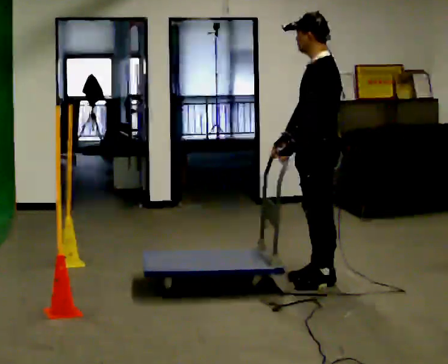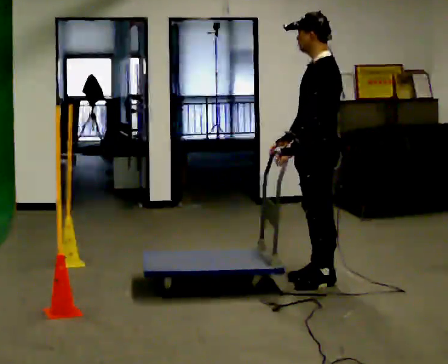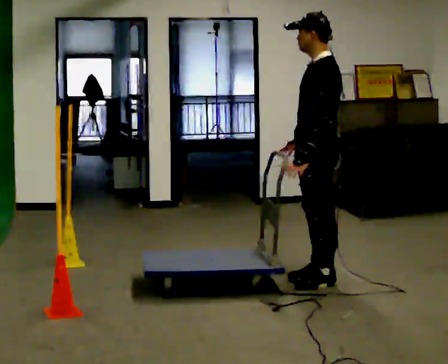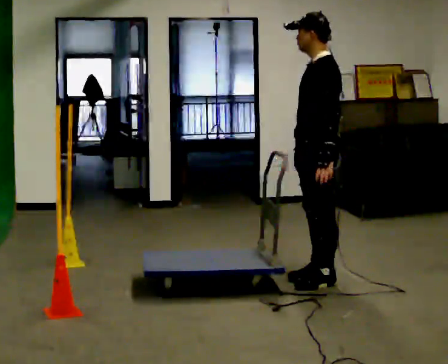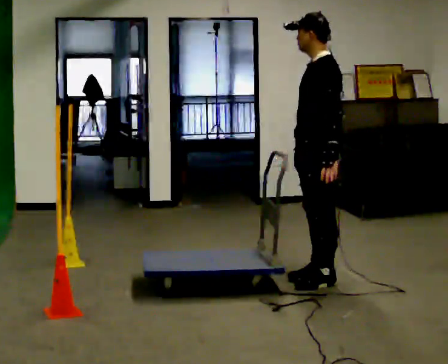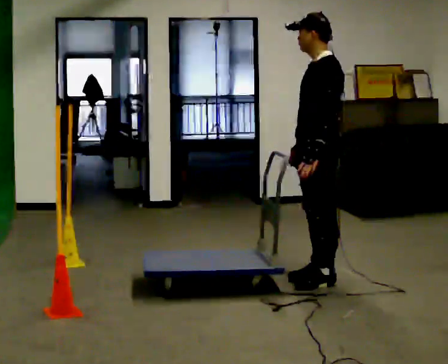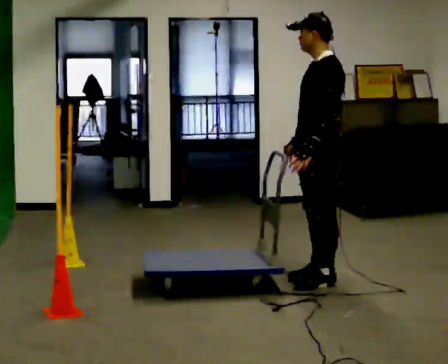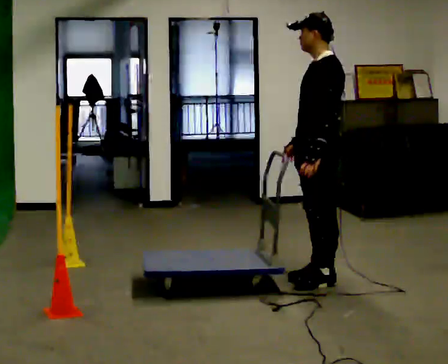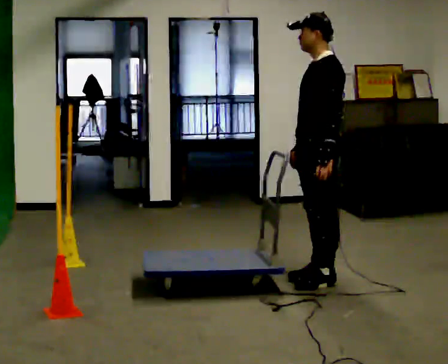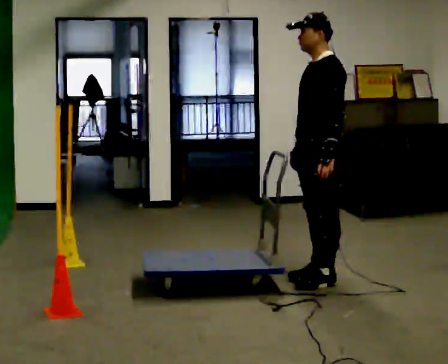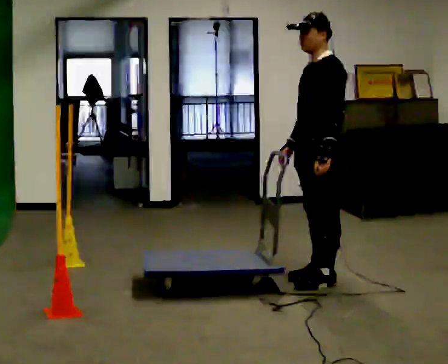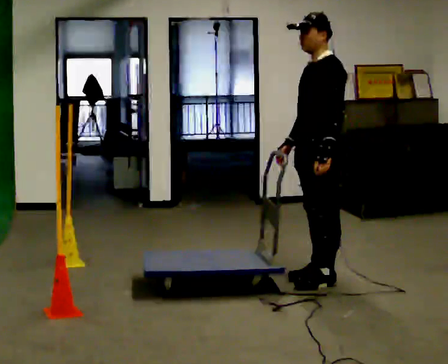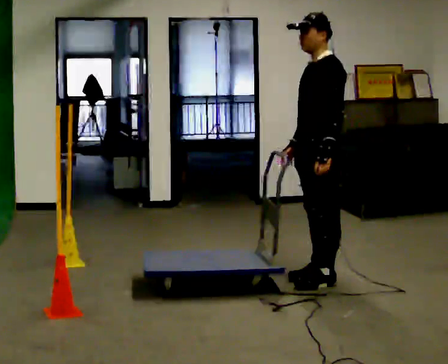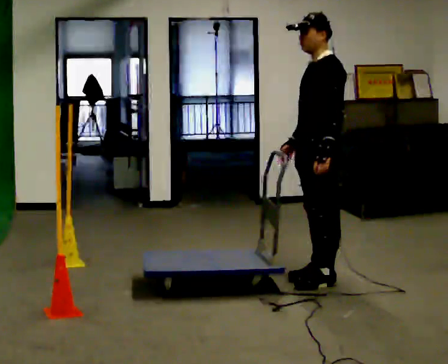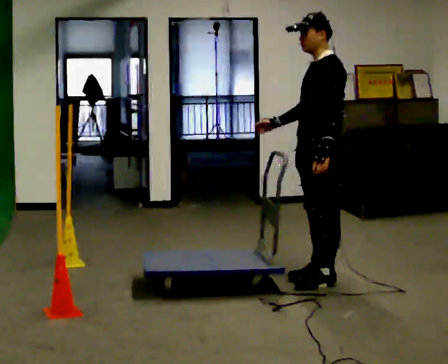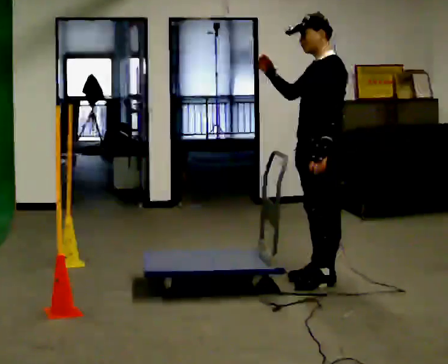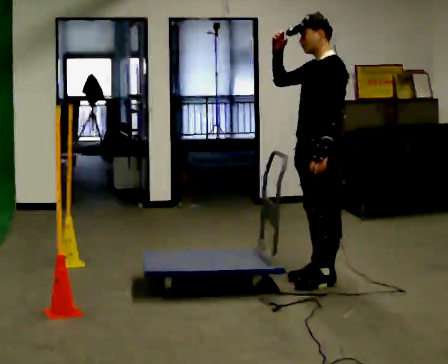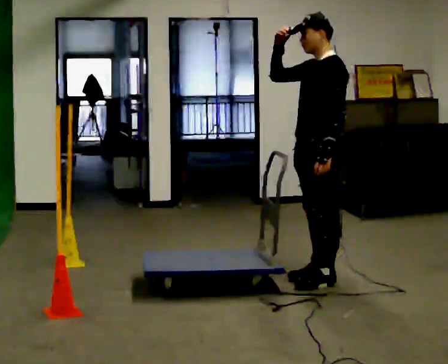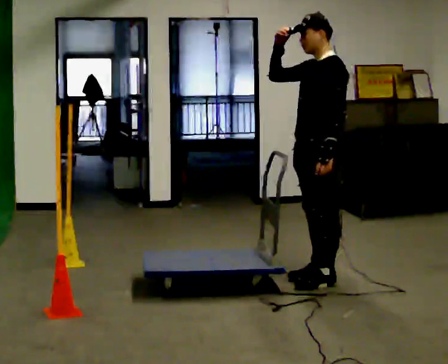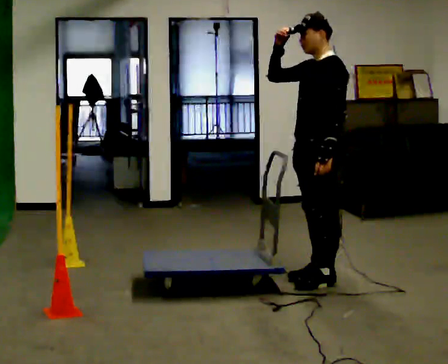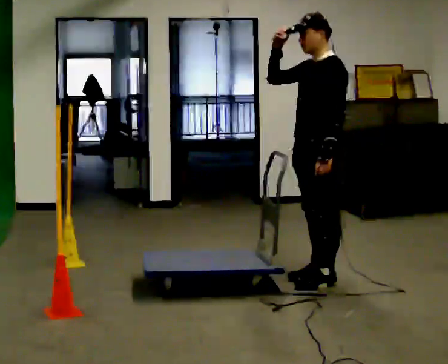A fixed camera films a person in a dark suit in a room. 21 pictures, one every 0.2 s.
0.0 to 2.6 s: The person moves a little, or ends about where they began.
2.6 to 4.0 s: In the picture their right hand goes upward, the arm swinging clockwise.
The film runs forward here.
